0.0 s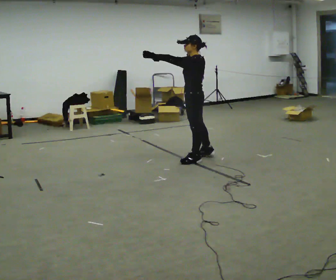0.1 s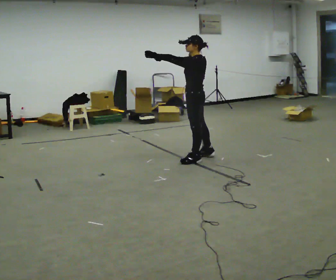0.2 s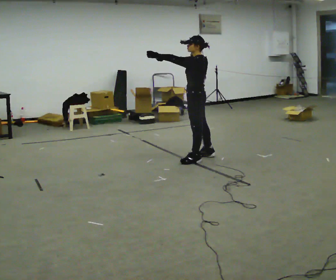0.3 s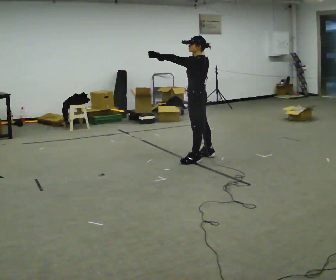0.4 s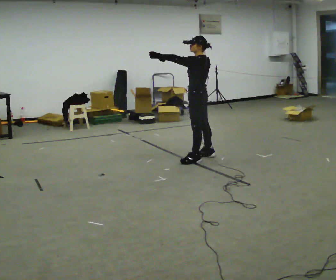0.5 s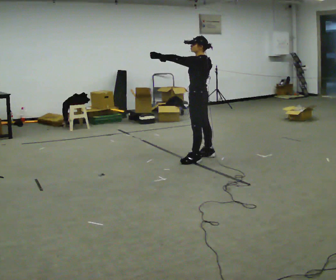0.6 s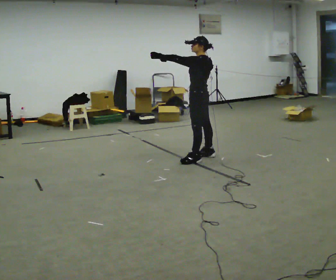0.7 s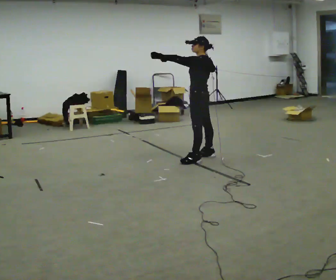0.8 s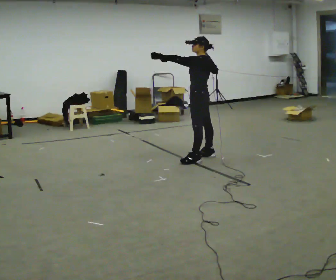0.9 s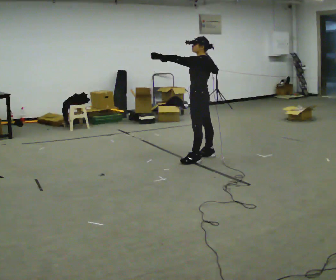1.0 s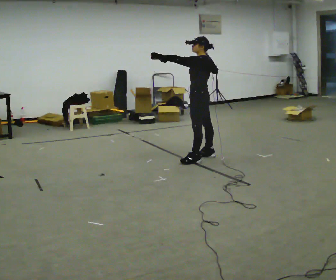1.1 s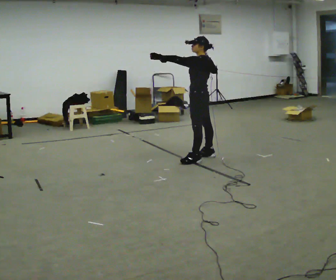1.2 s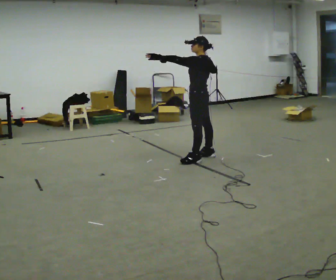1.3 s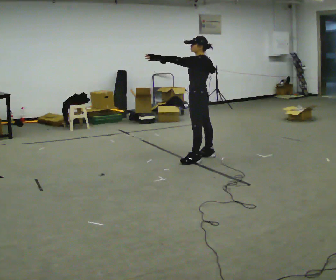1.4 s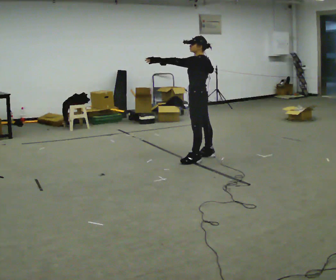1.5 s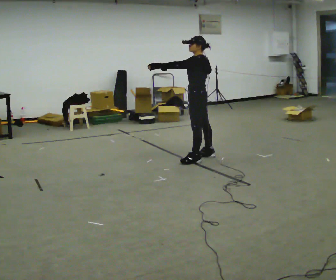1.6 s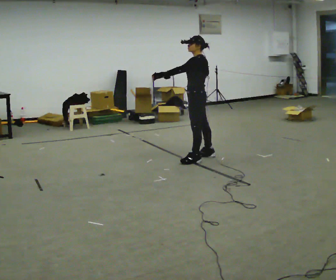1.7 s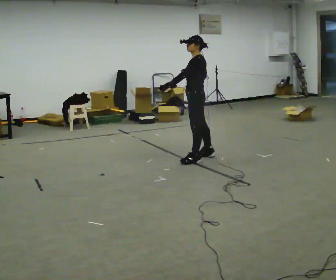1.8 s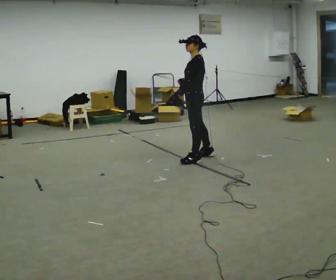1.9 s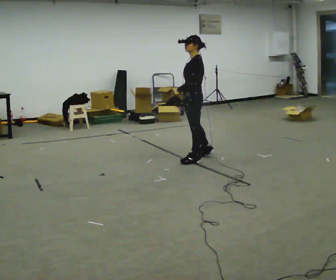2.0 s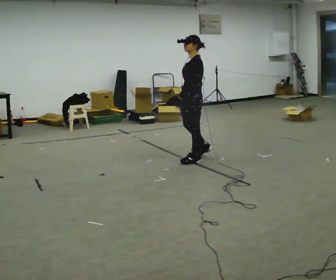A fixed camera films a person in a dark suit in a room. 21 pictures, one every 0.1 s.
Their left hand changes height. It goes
downward.
Their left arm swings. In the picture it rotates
counterclockwise.
0.0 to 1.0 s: The person moves a little, or ends about where they began.
1.0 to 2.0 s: The person turns about 45 degrees to their left, counterclockwise seen from above, so the part of the body nearest the lens slides to the right. In the picture their left hand goes downward and to the right, the arm swinging counterclockwise.
The film runs forward here.
